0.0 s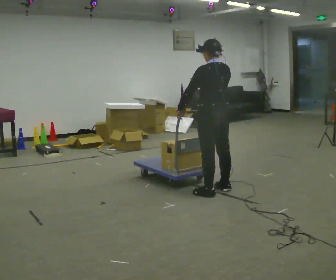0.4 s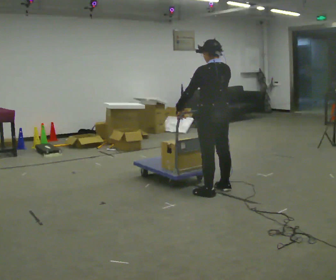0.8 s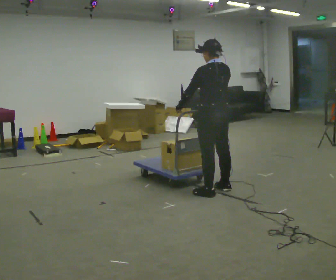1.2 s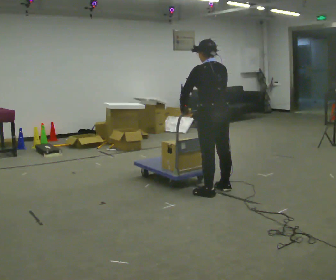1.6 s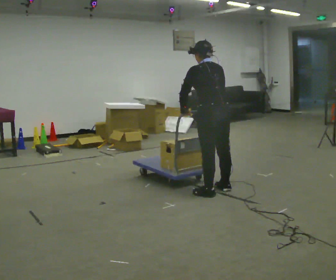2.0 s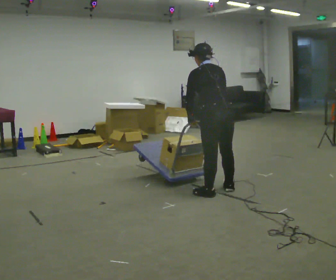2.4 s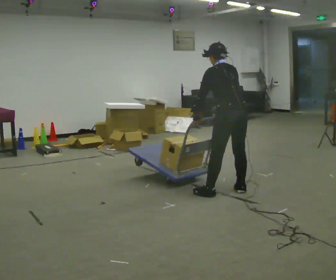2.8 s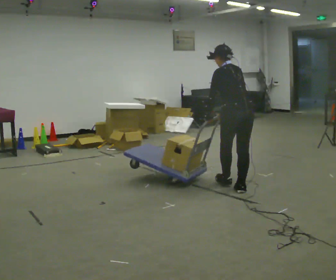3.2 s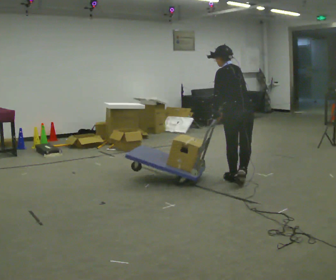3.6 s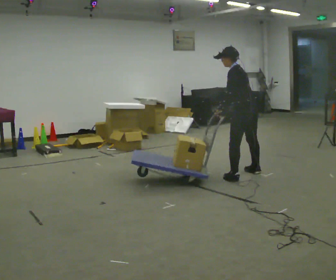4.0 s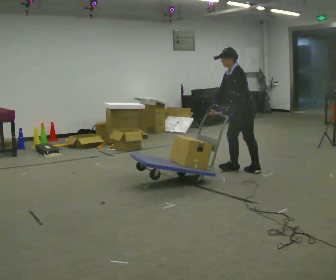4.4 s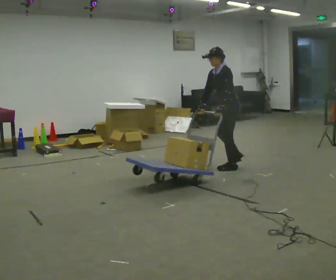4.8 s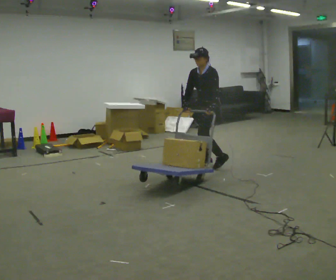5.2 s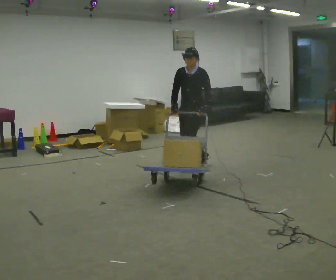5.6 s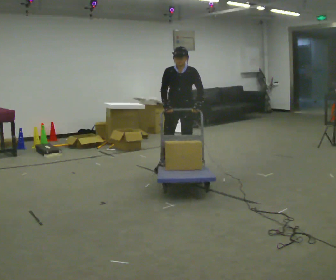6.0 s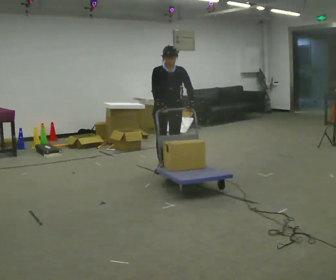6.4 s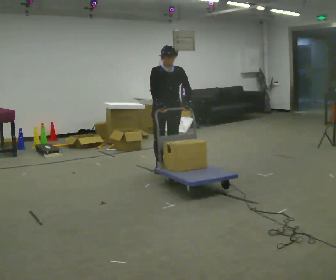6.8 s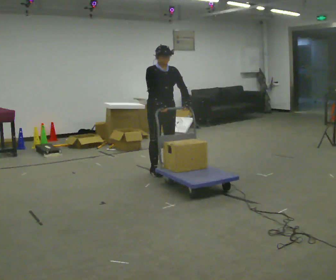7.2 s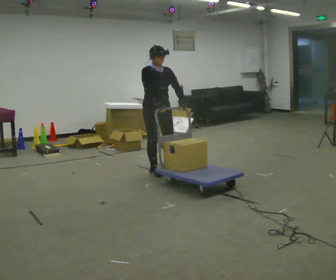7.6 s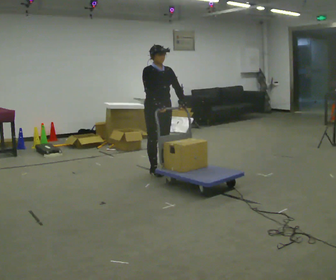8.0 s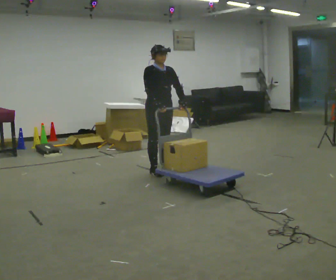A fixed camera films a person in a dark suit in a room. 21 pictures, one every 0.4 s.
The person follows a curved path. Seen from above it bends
counterclockwise.
The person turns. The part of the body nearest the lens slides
to the right.
0.0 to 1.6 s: The person moves a little, or ends about where they began.
1.6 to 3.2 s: In the picture they go away from the camera and to the right, about 0.5 m in 2 steps, which for them is to their right and forward.
3.2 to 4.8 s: The person turns about 90 degrees to their left, counterclockwise seen from above, so the part of the body nearest the lens slides to the right. In the picture they go away from the camera and to the left, about 1 m in 3 steps. The upper body tips toward the camera, its near side rolling downward.
4.8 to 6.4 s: The person turns about 75 degrees to their left, counterclockwise seen from above, so the part of the body nearest the lens slides to the right. In the picture they go to the left and toward the camera, about 0.5 m in 3 steps.
6.4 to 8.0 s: The person turns about 30 degrees to their left, counterclockwise seen from above, so the part of the body nearest the lens slides to the right.
The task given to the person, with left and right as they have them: Turn the cart round to face the other way without moving it out of the marked square, then turn it back. Repeat until the operator says stop.
The film runs forward here.
